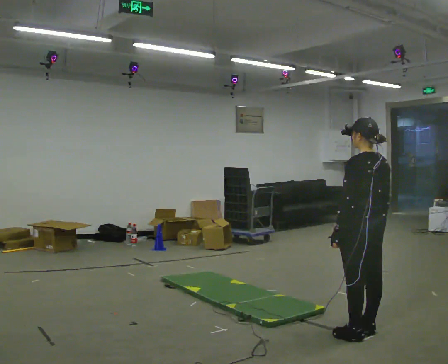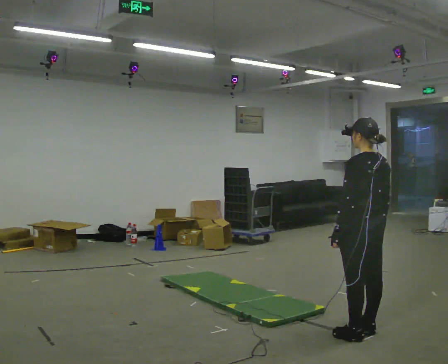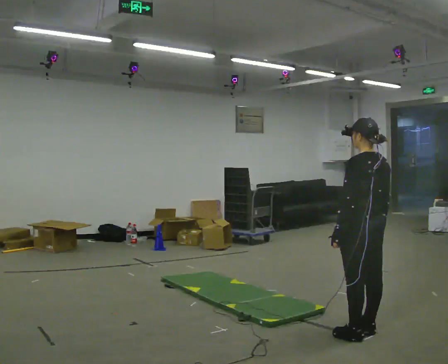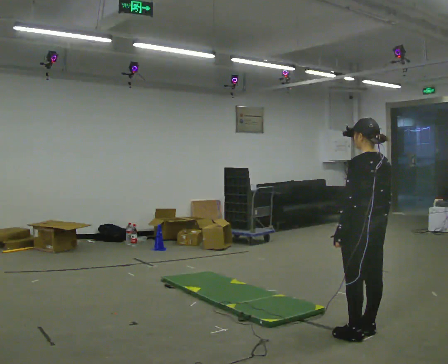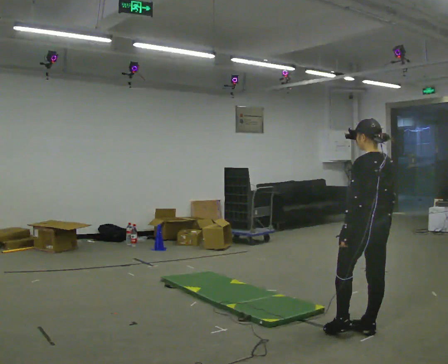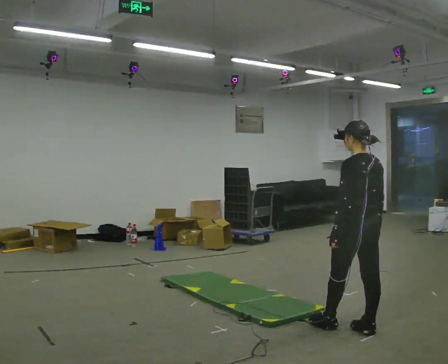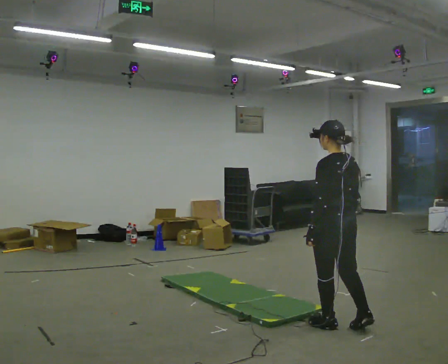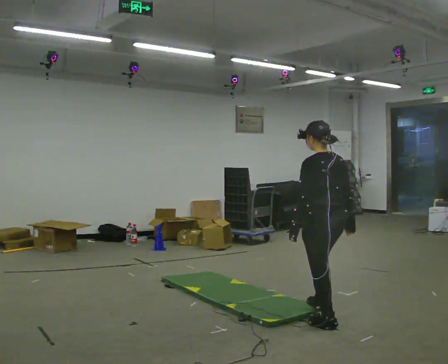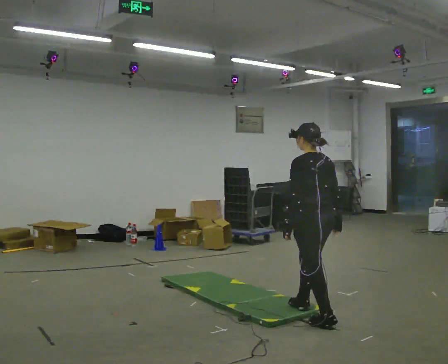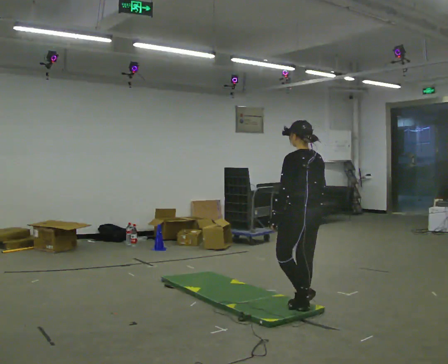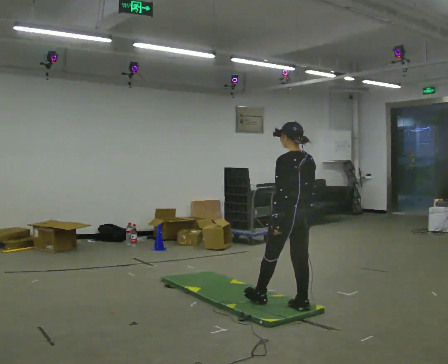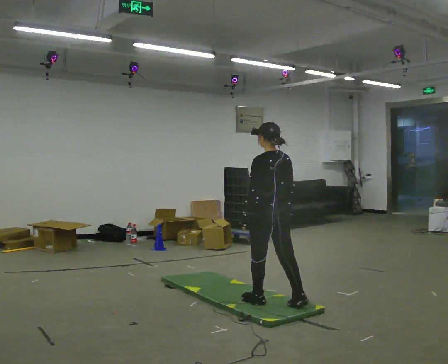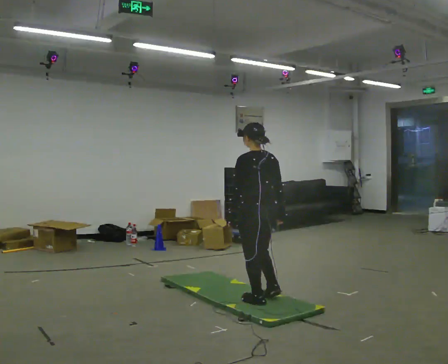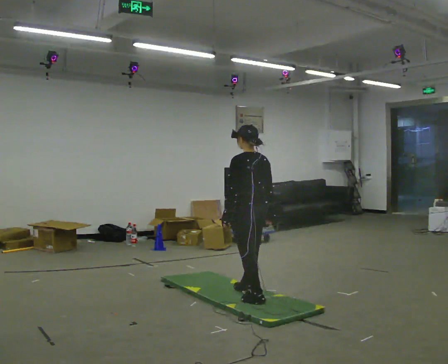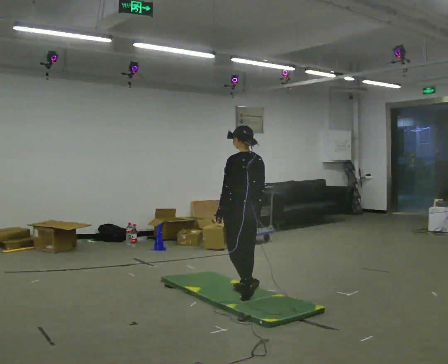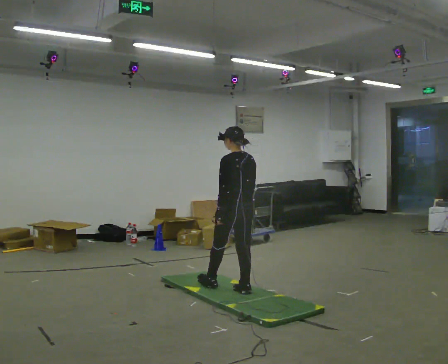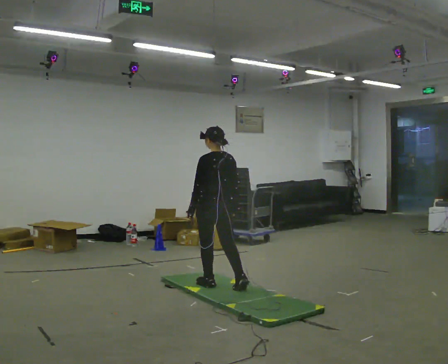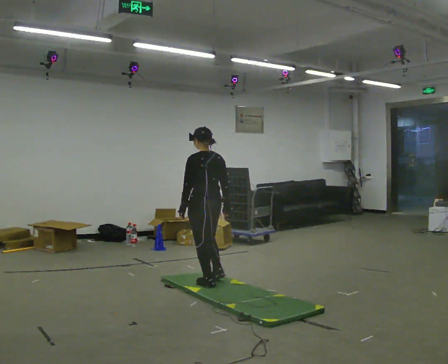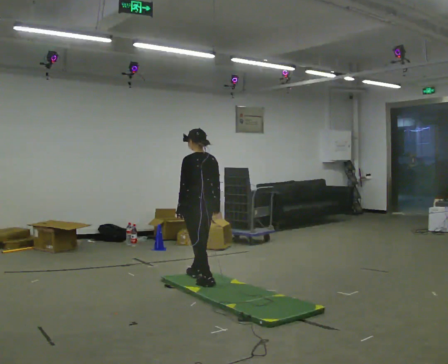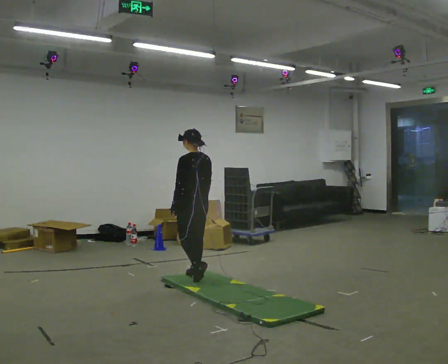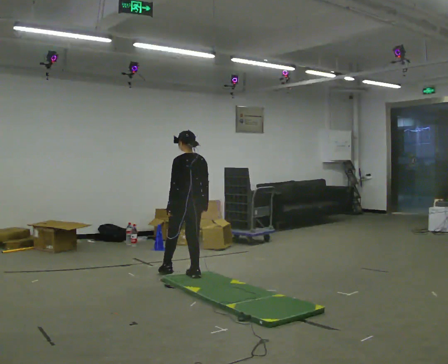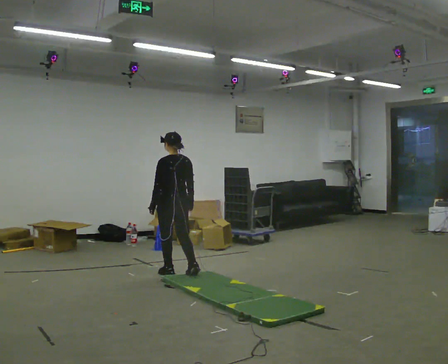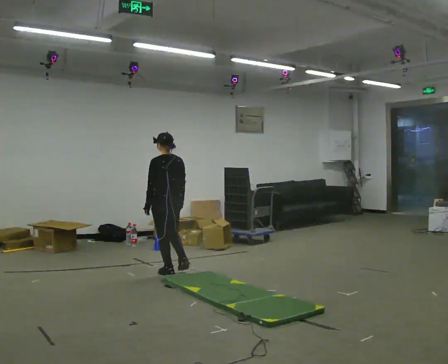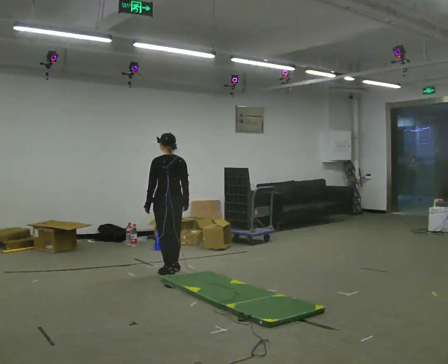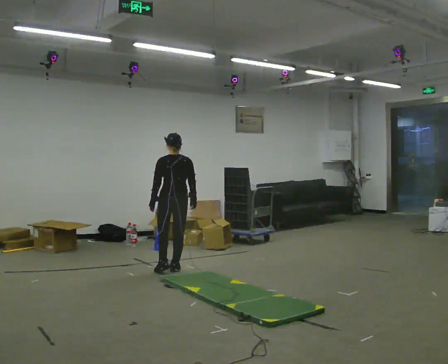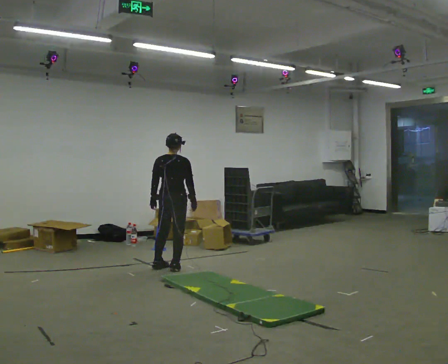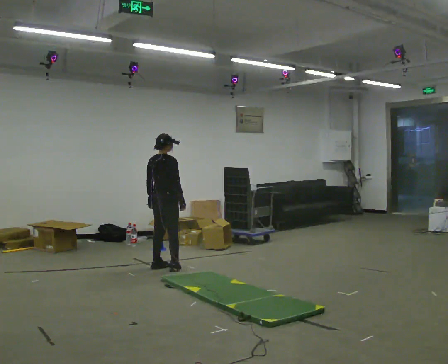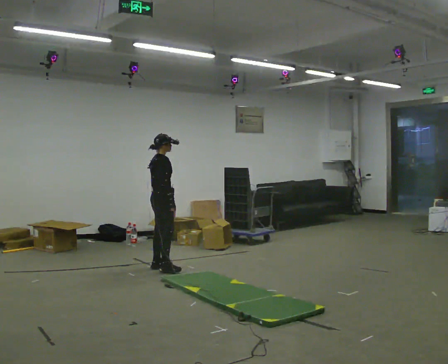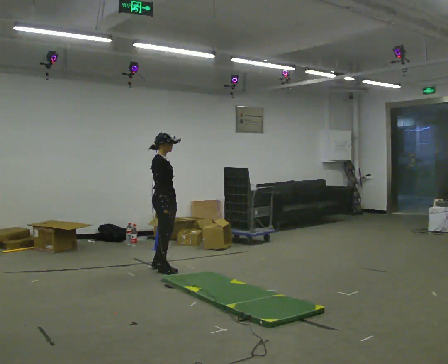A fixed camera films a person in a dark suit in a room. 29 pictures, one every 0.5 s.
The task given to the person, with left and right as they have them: Walk across the soft uneven mat at a comfortable speed; continue walking normally after you leave it.
0.0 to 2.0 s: The person moves a little, or ends about where they began.
2.0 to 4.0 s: In the picture they go to the left and away from the camera, about 0.5 m in 2 steps, which for them is forward.
4.0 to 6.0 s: In the picture they go to the left and away from the camera, about 0.5 m in 1 step, which for them is forward.
6.0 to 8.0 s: In the picture they go away from the camera and to the left, about 0.75 m in 2 steps, which for them is forward.
8.0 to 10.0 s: In the picture they go away from the camera and to the left, about 0.5 m in 1 step, which for them is forward.
10.0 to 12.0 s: In the picture they go away from the camera and to the left, about 0.5 m in 2 steps, which for them is forward.
12.0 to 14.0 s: The person turns about 105 degrees to their right, clockwise seen from above, so the part of the body nearest the lens slides to the left.
The film runs forward here.
